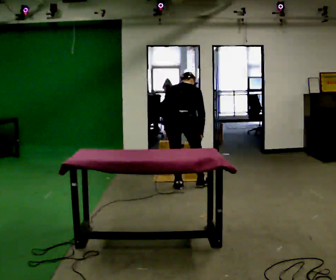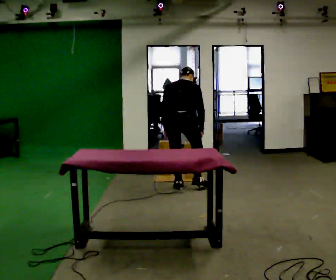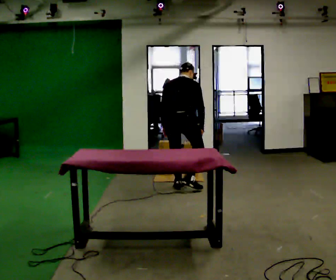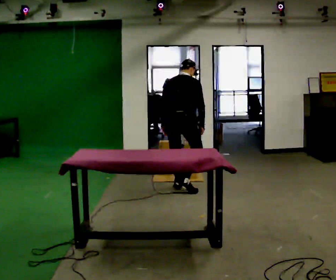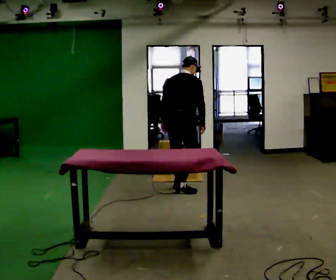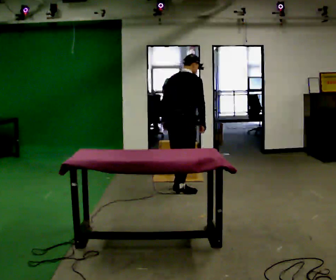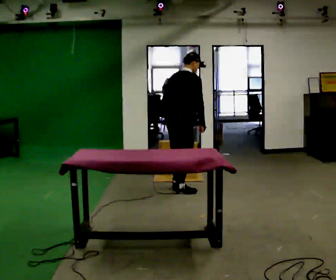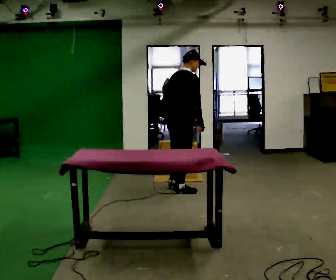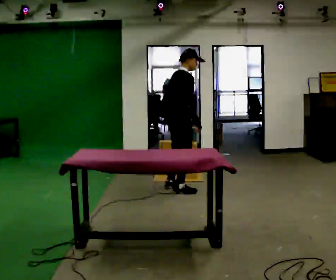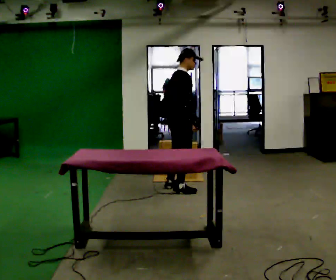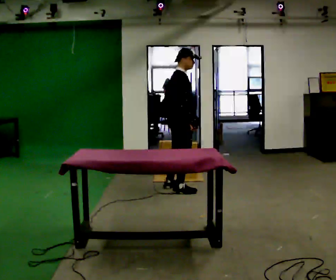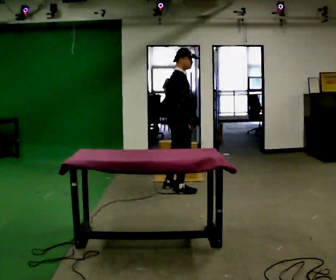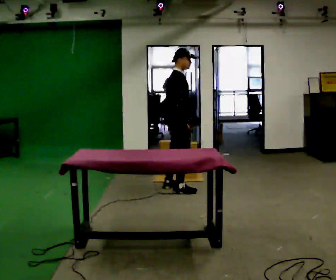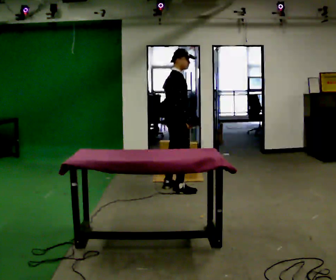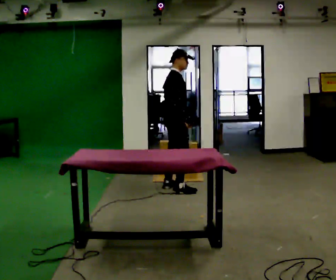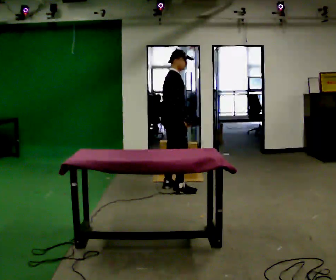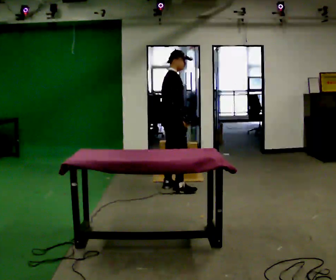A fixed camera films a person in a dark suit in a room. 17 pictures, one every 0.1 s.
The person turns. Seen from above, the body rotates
clockwise.
The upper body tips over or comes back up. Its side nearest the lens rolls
downward.
0.0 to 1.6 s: The part of the body nearest the lens slides to the left as the person turns to their right by about 60 degrees. The upper body goes upward. The upper body tips toward the camera, its near side rolling downward, as they lean back or straighten.
The film runs backward here.
